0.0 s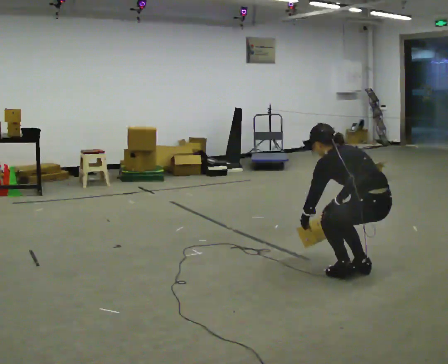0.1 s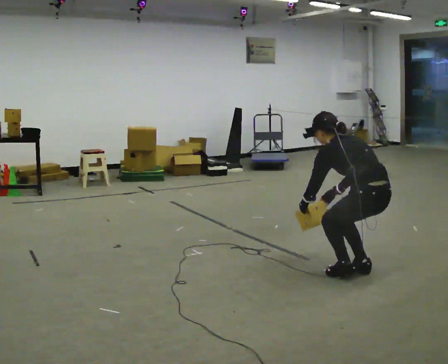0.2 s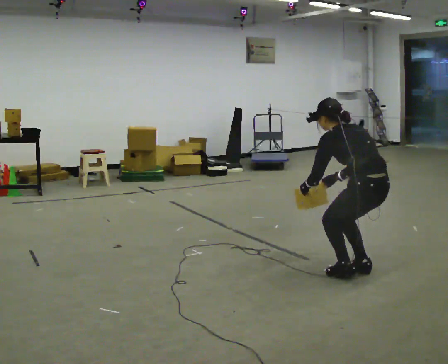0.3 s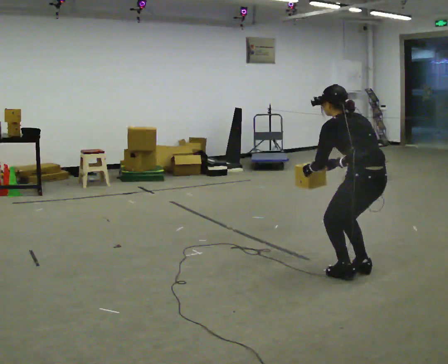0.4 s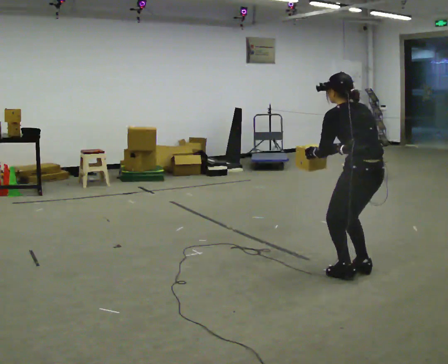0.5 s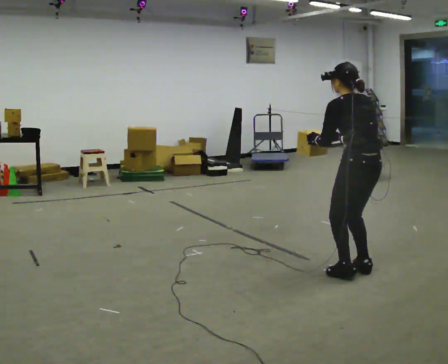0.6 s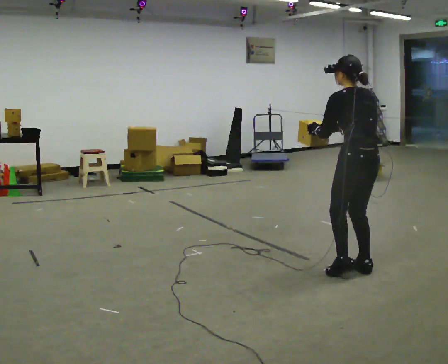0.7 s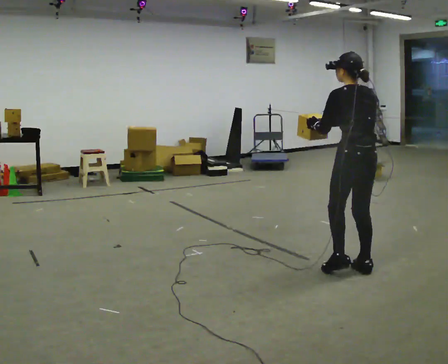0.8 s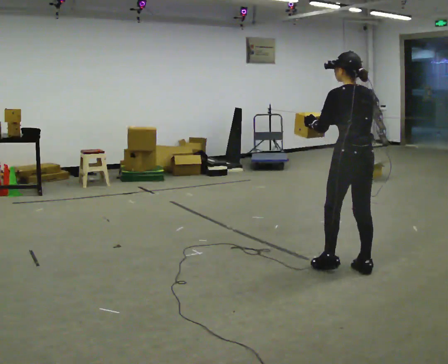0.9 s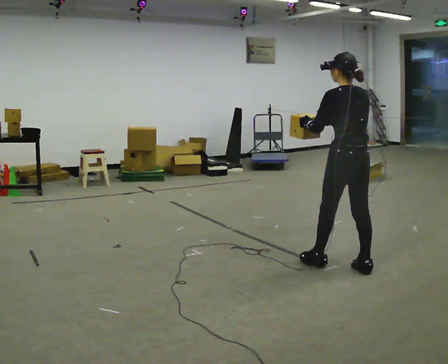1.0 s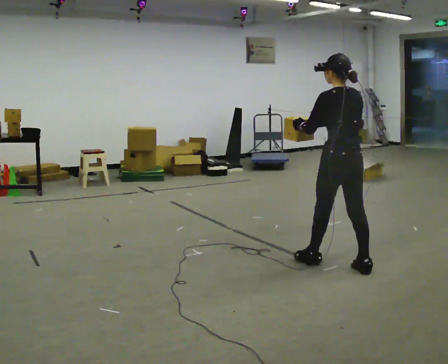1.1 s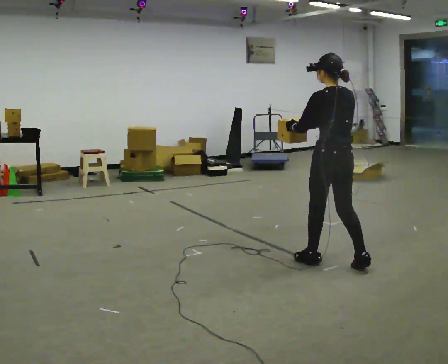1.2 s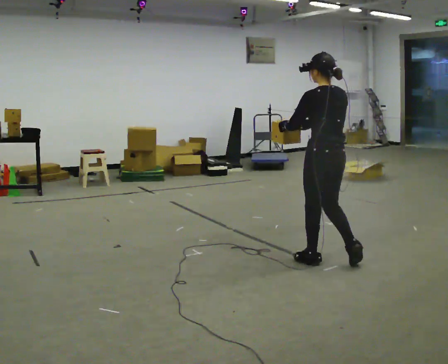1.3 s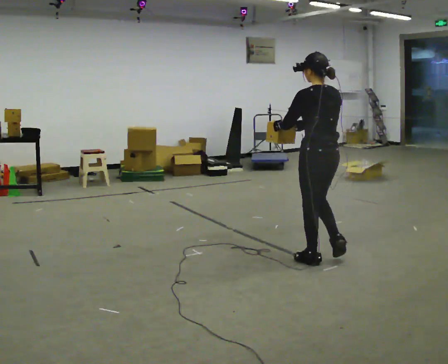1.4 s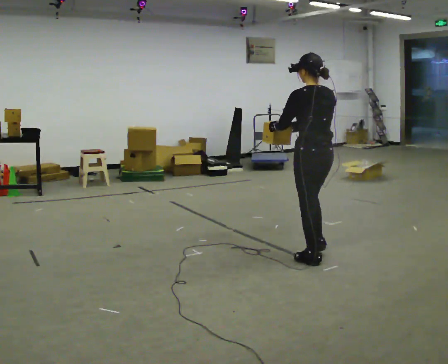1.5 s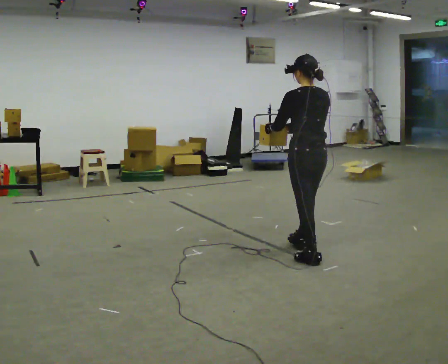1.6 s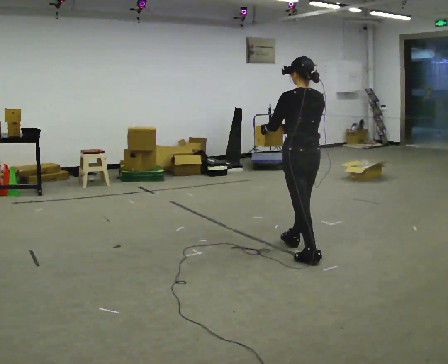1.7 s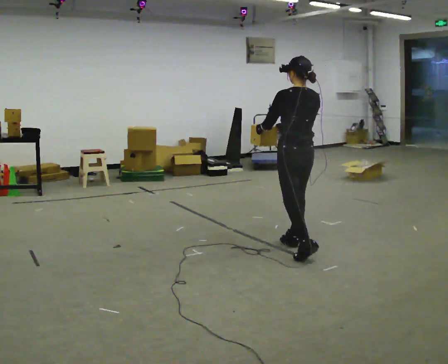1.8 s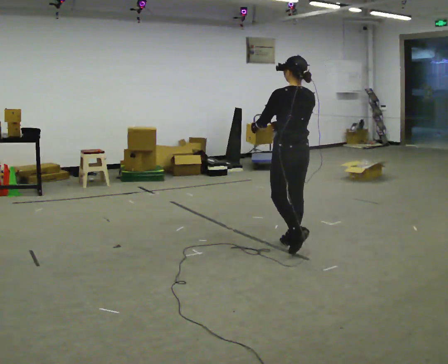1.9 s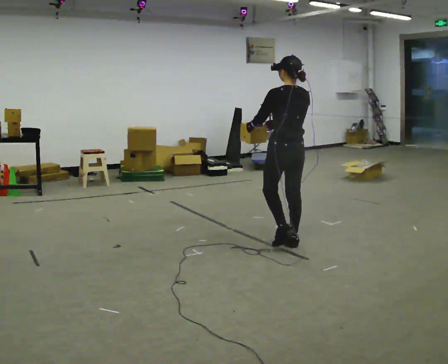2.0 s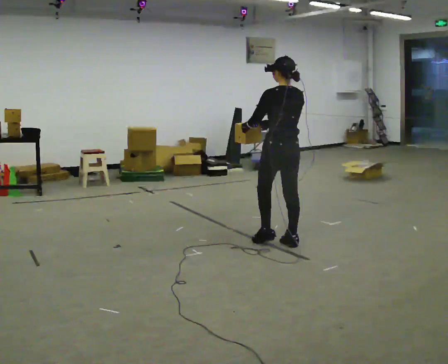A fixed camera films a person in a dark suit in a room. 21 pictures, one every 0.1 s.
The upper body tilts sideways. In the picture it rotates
clockwise.
The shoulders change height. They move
upward.
0.0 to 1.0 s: In the picture they go to the left and away from the camera, about 0.25 m in 1 step, which for them is forward. The upper body goes upward. In the picture the upper body tilts clockwise, shoulders to the right, as they lean back or straighten. In the picture their left hand goes upward.
1.0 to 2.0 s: In the picture they go to the left and away from the camera, about 0.5 m in 1 step, which for them is forward.
The film runs forward here.
